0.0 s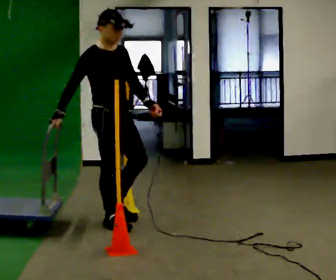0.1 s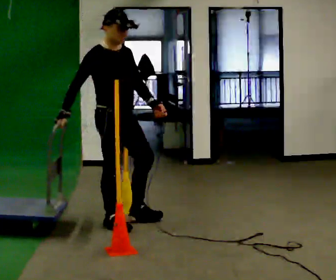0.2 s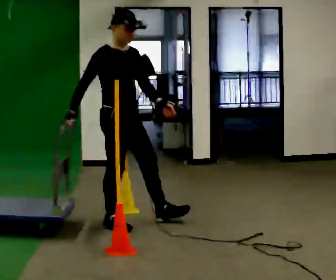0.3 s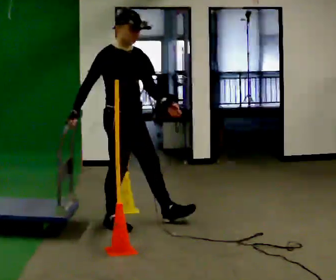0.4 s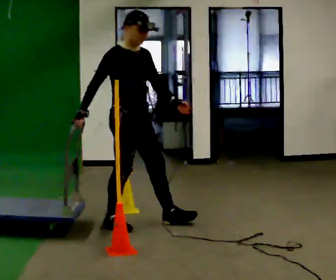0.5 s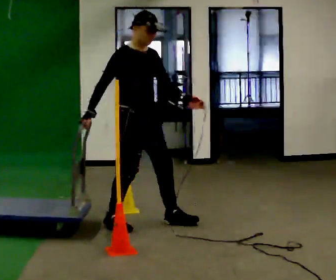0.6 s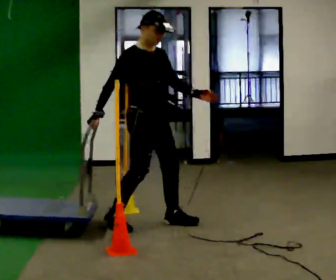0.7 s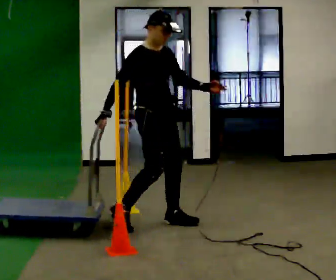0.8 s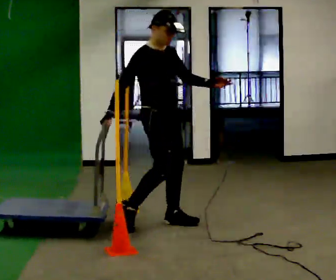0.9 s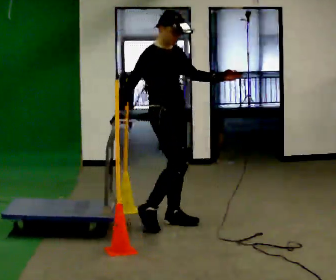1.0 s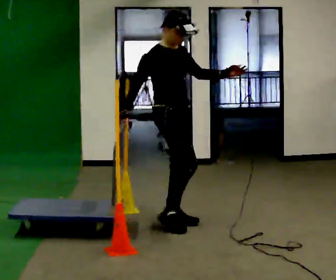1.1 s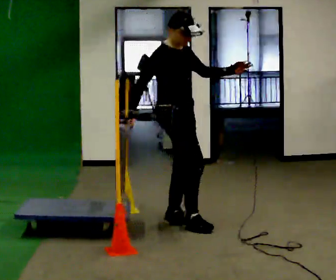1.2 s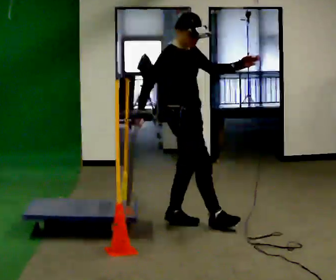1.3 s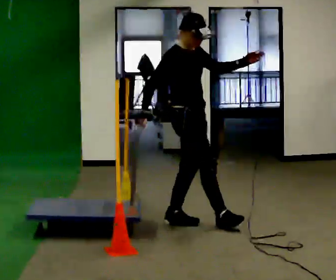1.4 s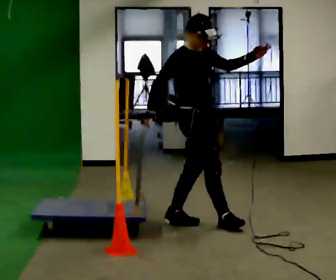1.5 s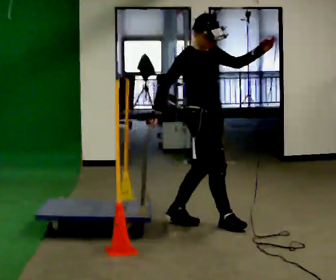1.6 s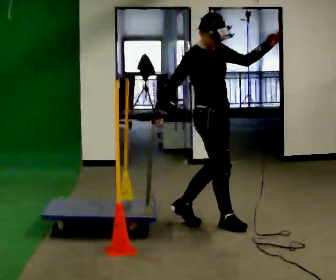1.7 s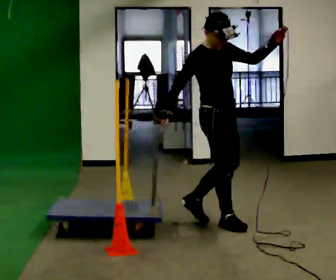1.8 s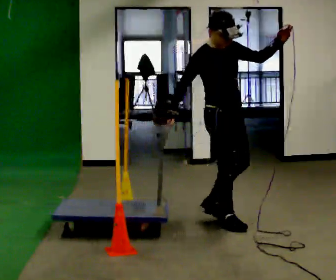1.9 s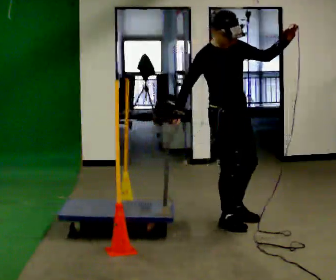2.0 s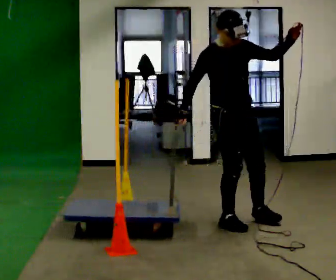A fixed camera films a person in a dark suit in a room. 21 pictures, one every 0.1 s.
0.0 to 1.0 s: In the picture they go to the right, about 0.5 m in 1 step, which for them is forward and to their left.
1.0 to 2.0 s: The person turns about 30 degrees to their right, clockwise seen from above, so the part of the body nearest the lens slides to the left. In the picture they go to the right, about 0.5 m in 1 step, which for them is forward.
The film runs forward here.
